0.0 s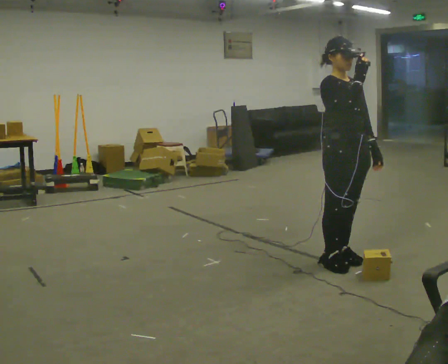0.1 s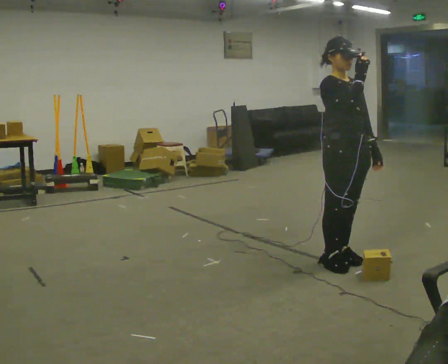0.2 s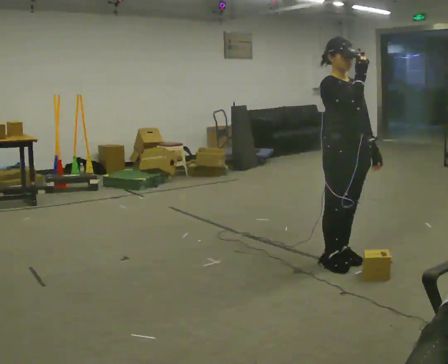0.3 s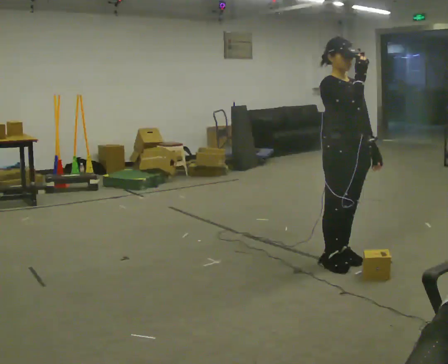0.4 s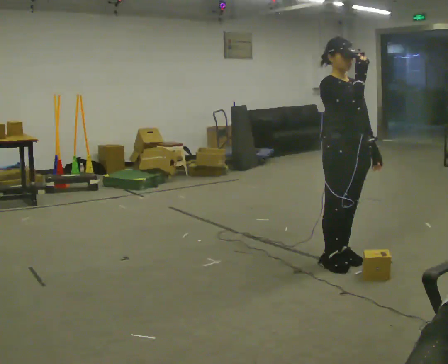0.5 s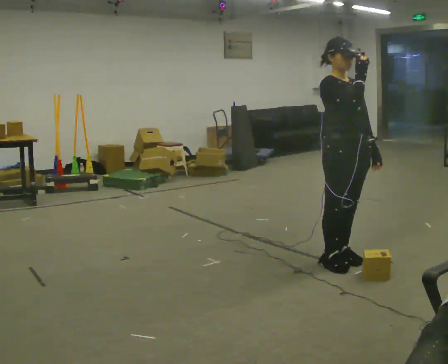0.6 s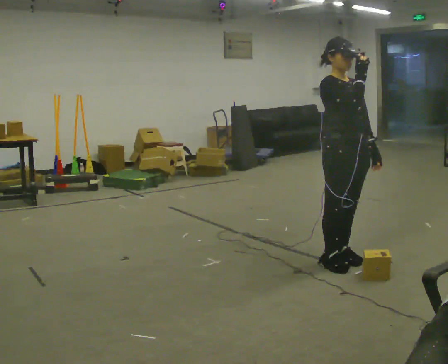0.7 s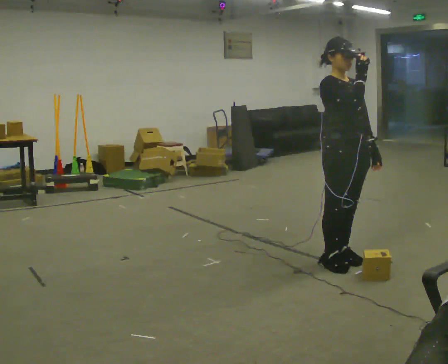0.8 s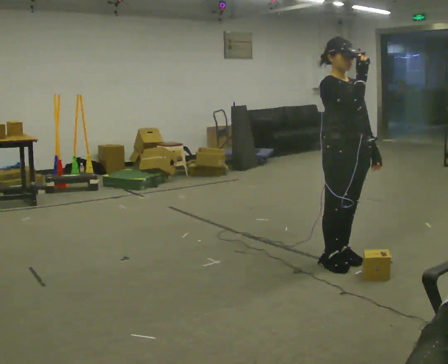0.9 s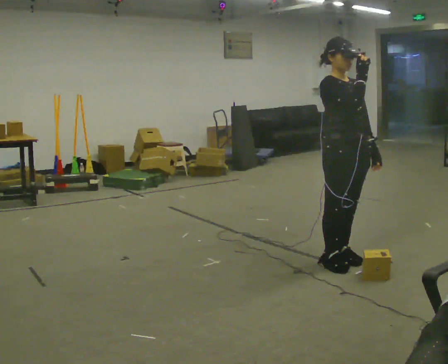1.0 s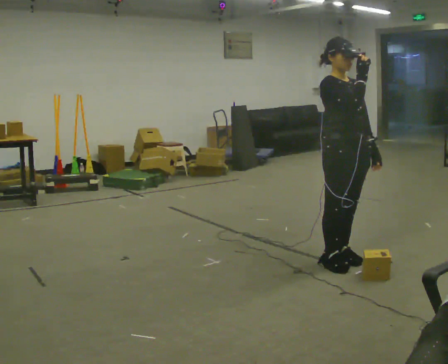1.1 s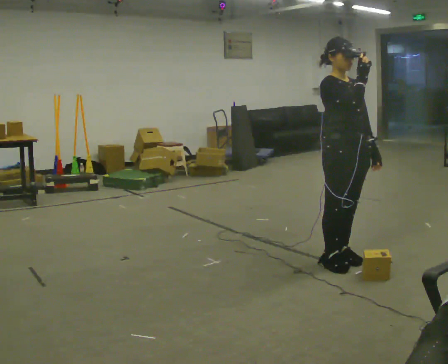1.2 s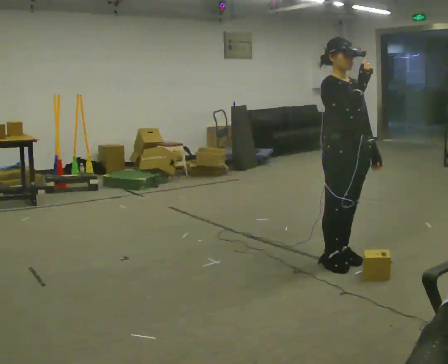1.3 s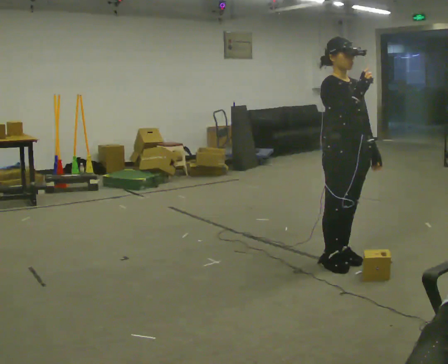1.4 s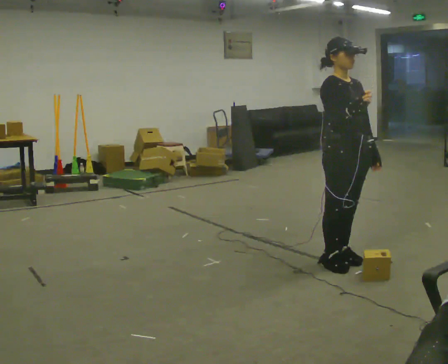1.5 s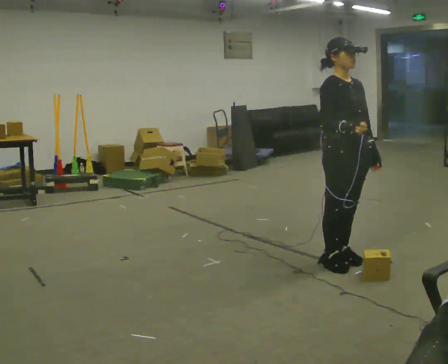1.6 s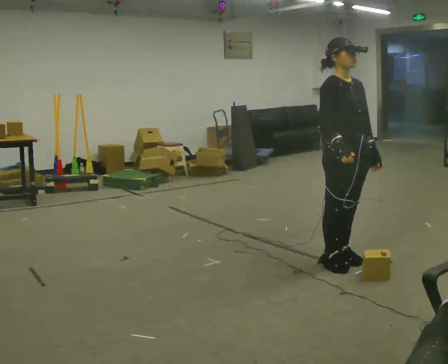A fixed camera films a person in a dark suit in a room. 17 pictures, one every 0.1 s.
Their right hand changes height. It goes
downward.
0.0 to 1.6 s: In the picture their right hand goes downward.
The film runs forward here.
